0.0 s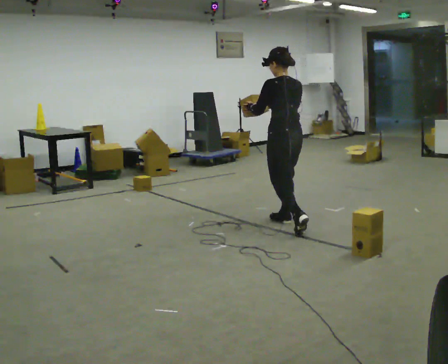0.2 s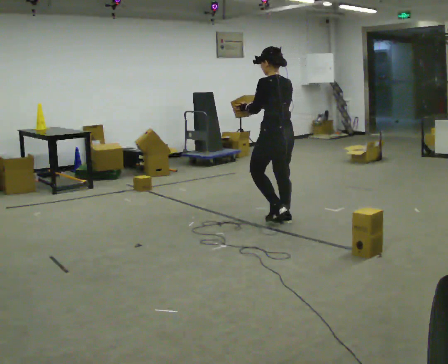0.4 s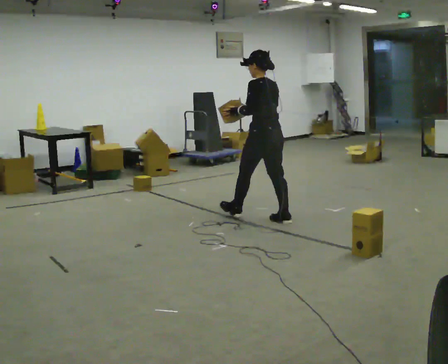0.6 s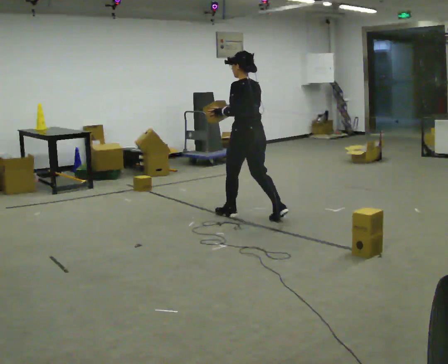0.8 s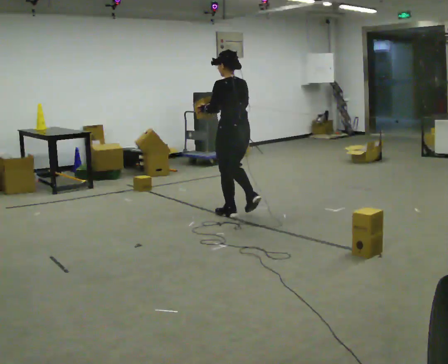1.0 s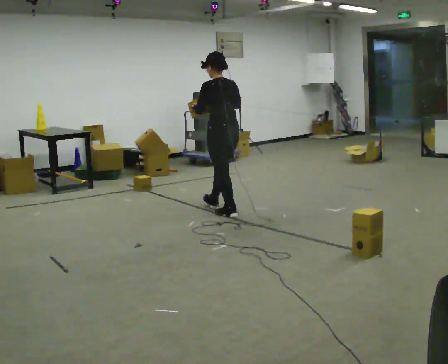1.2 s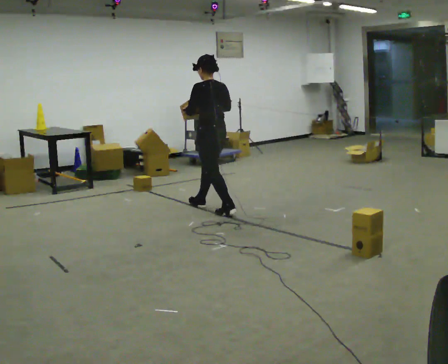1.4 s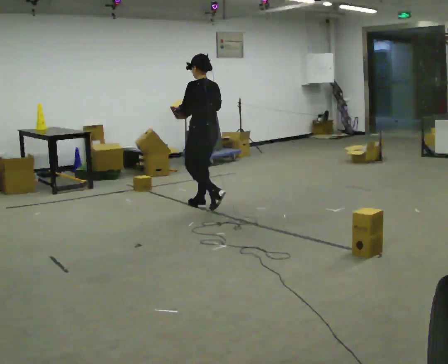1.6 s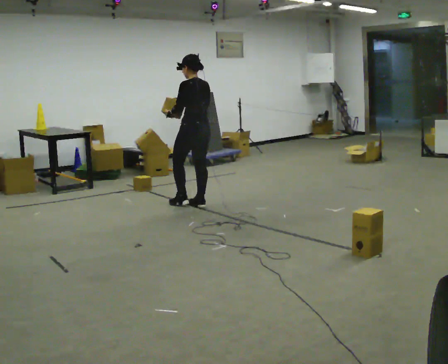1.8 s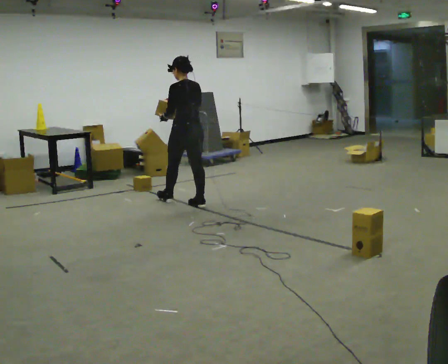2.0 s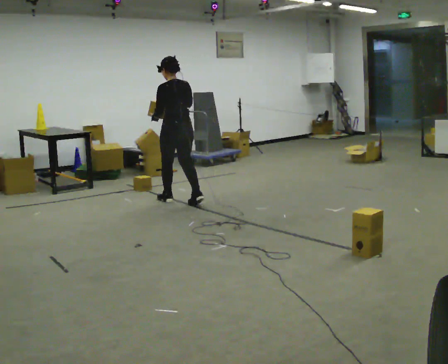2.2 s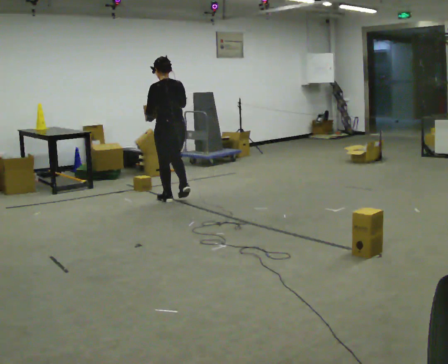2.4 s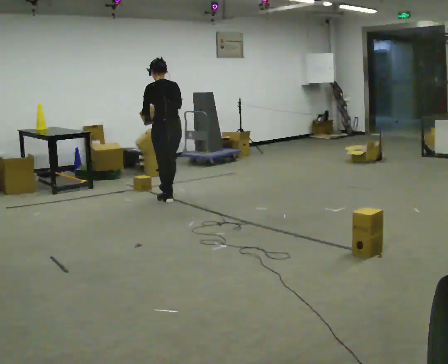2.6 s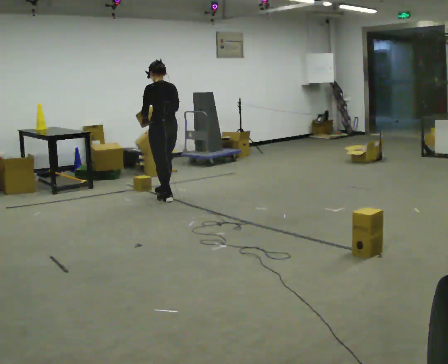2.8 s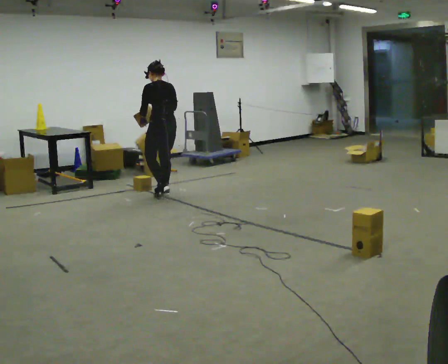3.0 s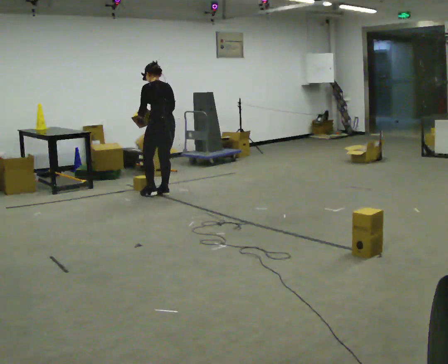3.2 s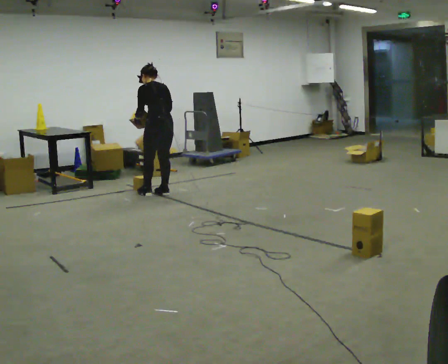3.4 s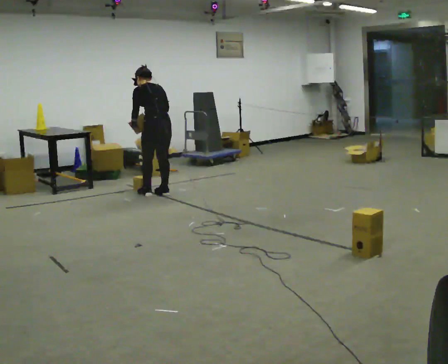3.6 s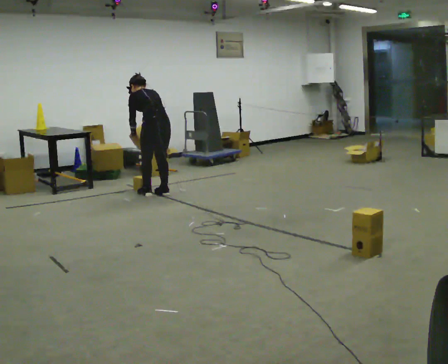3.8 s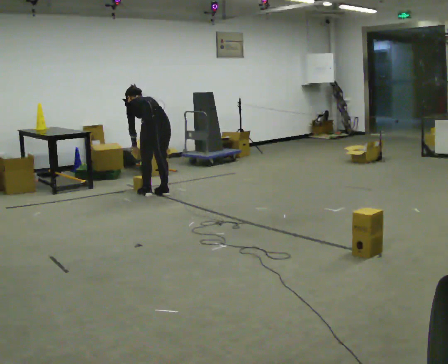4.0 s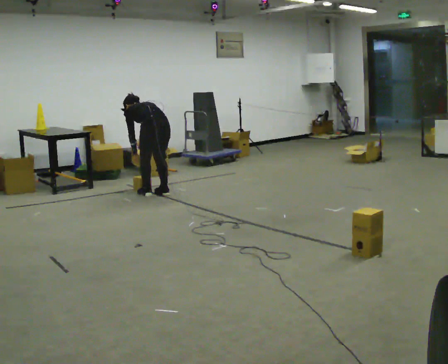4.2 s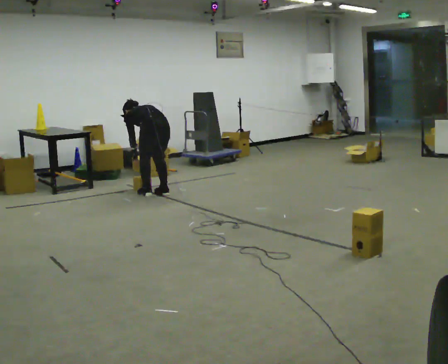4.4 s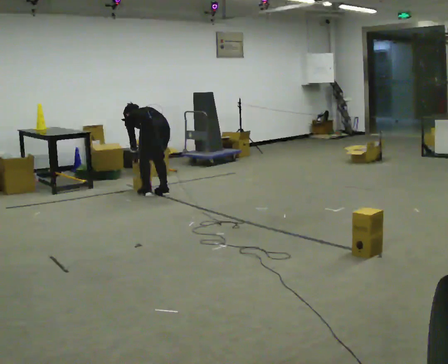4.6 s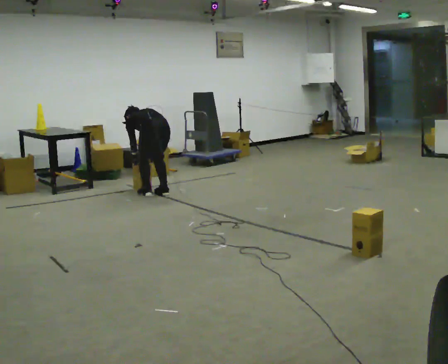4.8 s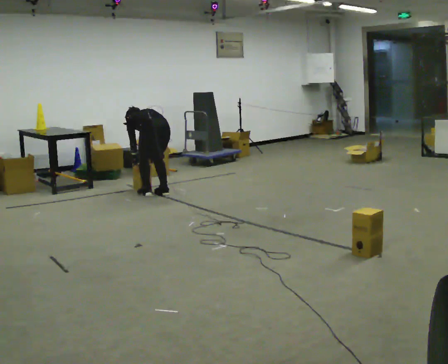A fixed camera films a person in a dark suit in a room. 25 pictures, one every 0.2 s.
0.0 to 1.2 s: In the picture they go away from the camera and to the left, about 1 m in 2 steps, which for them is forward.
1.2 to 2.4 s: In the picture they go away from the camera and to the left, about 0.5 m in 1 step, which for them is forward.
2.4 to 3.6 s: In the picture they go away from the camera, about 0.25 m in 2 steps, which for them is forward. The upper body tips away from the camera, its near side rolling upward, as they bend forward.
3.6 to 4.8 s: The upper body goes downward. The upper body tips away from the camera, its near side rolling upward, as they bend forward. In the picture their right hand goes downward.
The film runs forward here.
